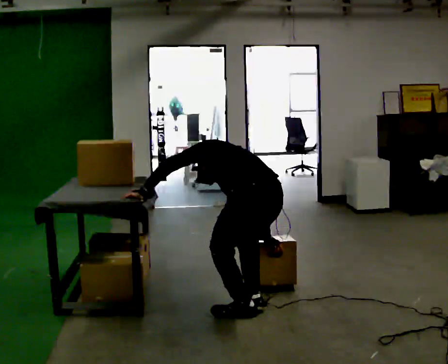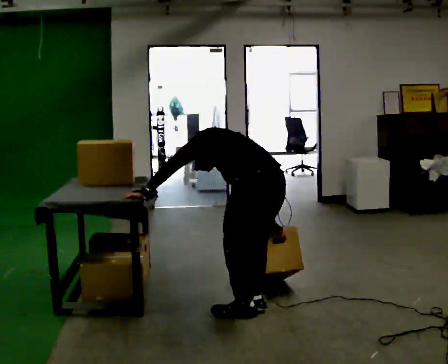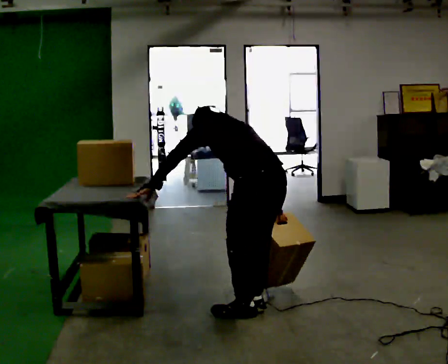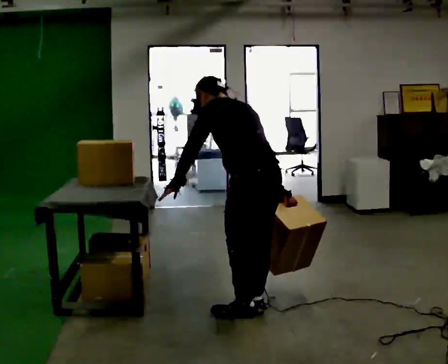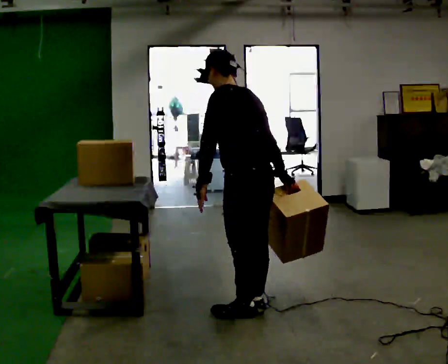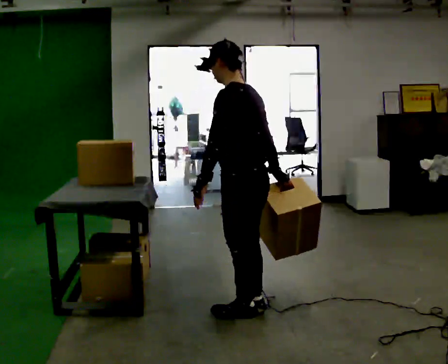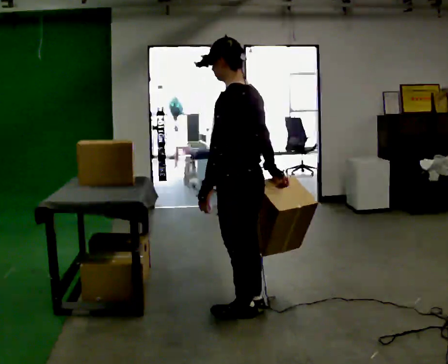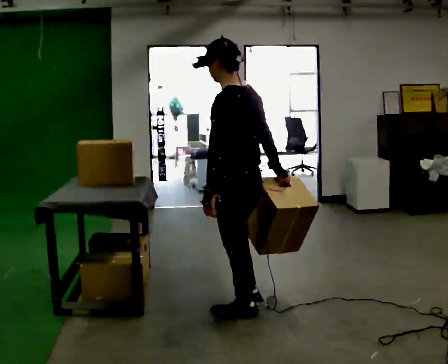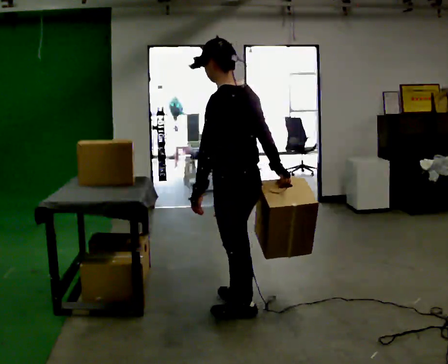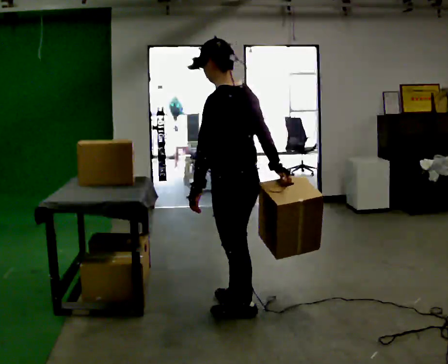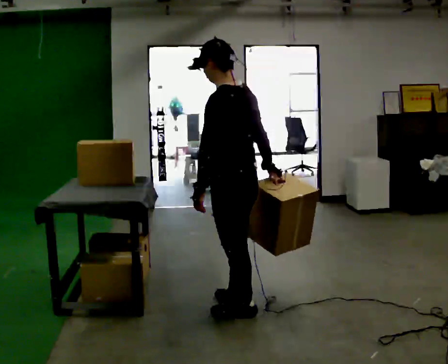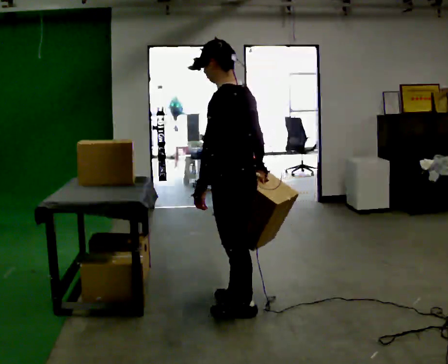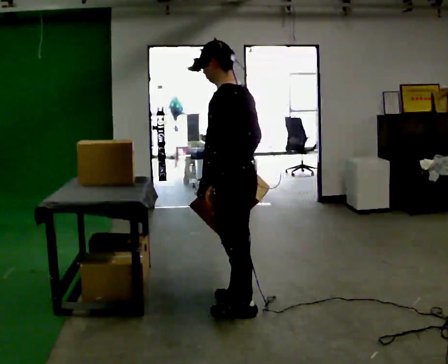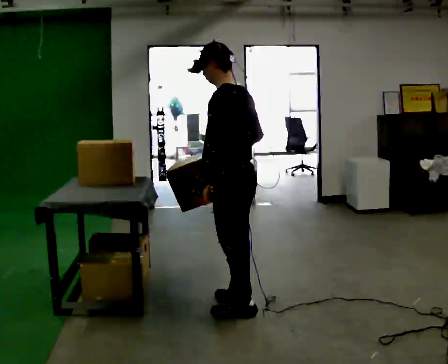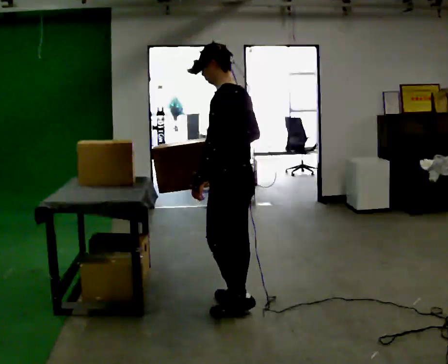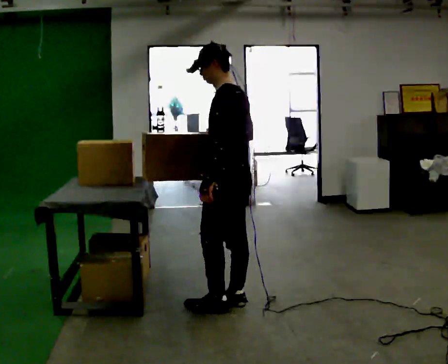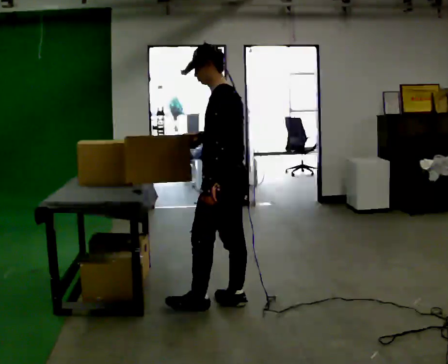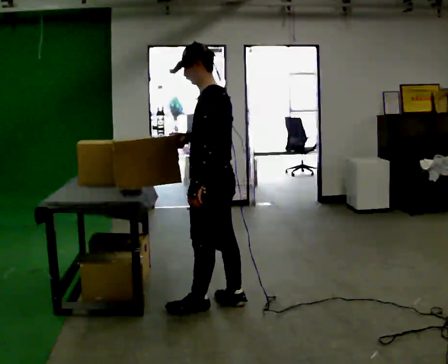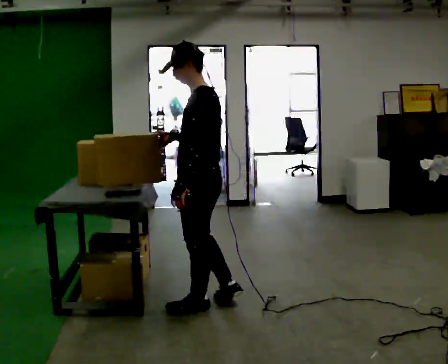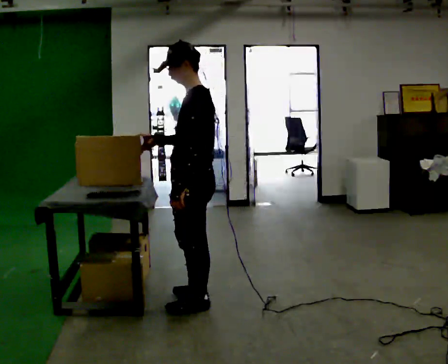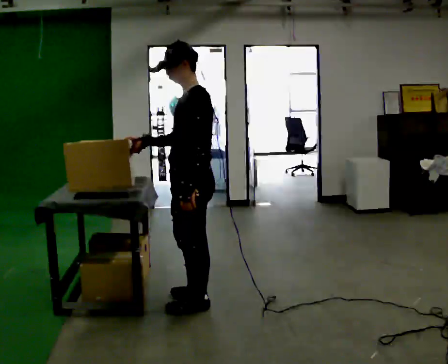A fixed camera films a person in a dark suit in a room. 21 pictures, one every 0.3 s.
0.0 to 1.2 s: The upper body goes upward. The upper body tips toward the camera, its near side rolling downward, as they lean back or straighten. In the picture their left hand goes to the right.
1.2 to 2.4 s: The upper body tips toward the camera, its near side rolling downward, as they lean back or straighten.
2.4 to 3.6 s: The person moves a little, or ends about where they began.
3.6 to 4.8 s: In the picture their right hand goes to the left.
4.8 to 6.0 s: In the picture they go to the left, about 0.25 m in 1 step, which for them is forward. In the picture their right hand goes to the left.
The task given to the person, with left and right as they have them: Take the boxes off the top, get the one from the bottom, carry it away, then put the others back. Keep going until the operator says stop; one object at a time, and do not rush between trips.
The film runs forward here.
